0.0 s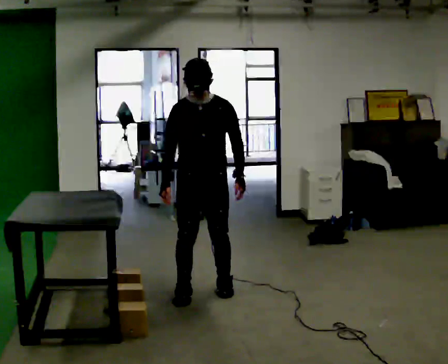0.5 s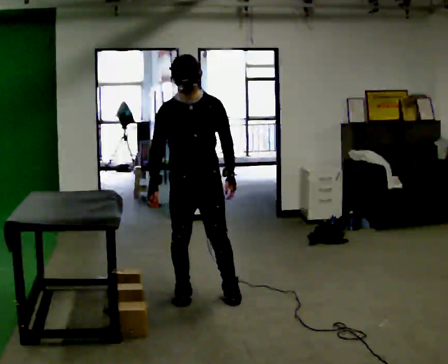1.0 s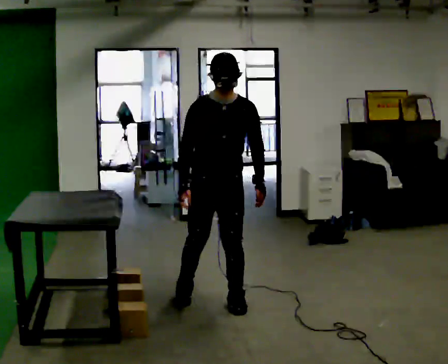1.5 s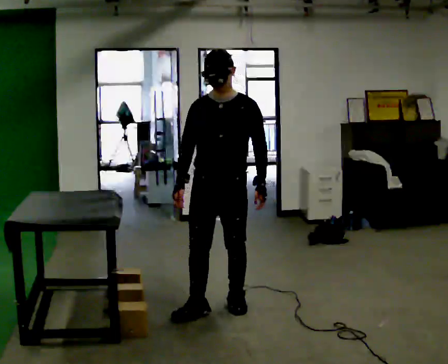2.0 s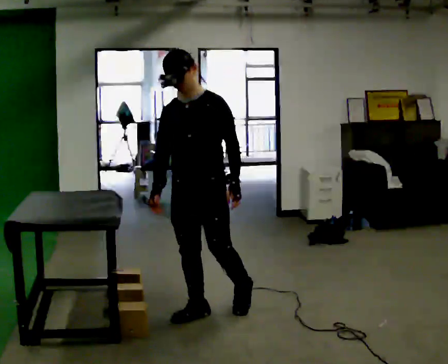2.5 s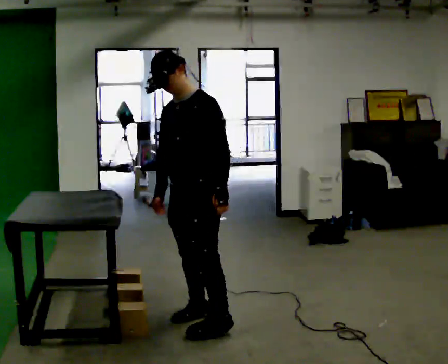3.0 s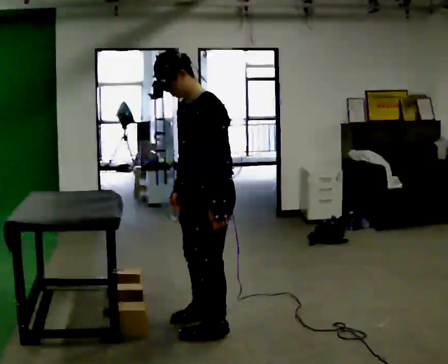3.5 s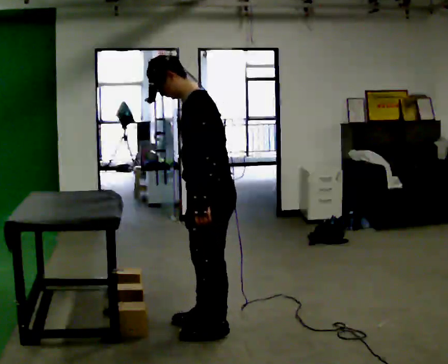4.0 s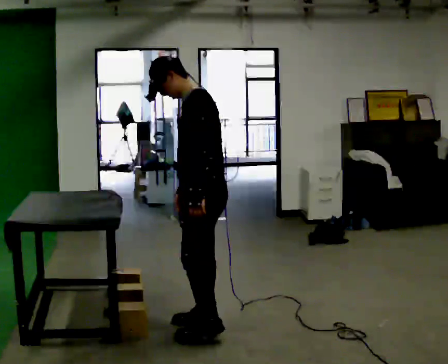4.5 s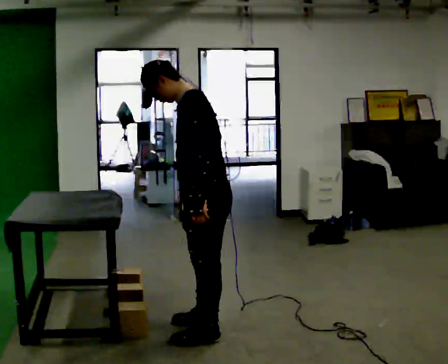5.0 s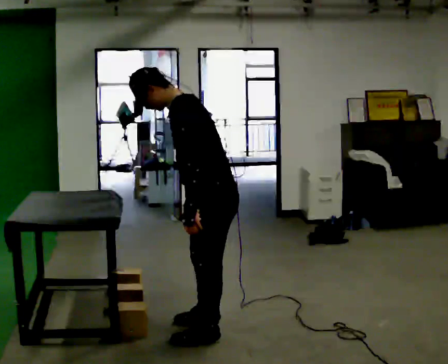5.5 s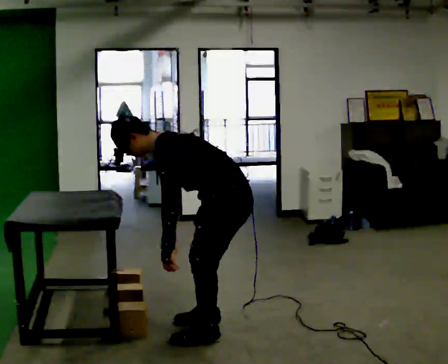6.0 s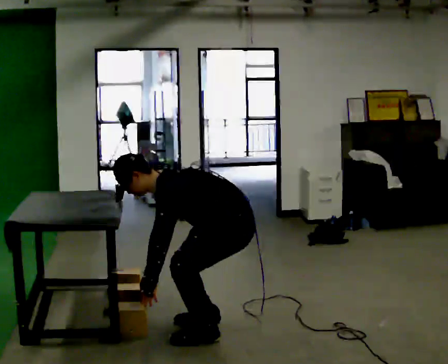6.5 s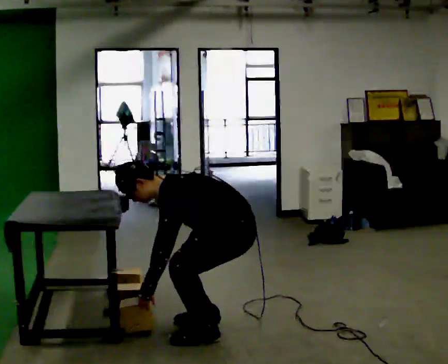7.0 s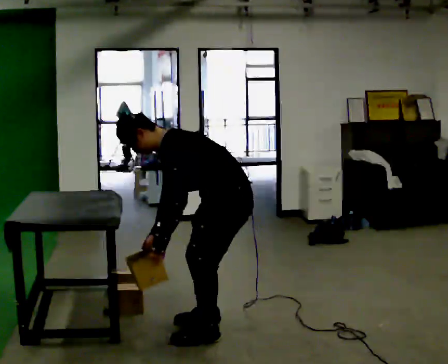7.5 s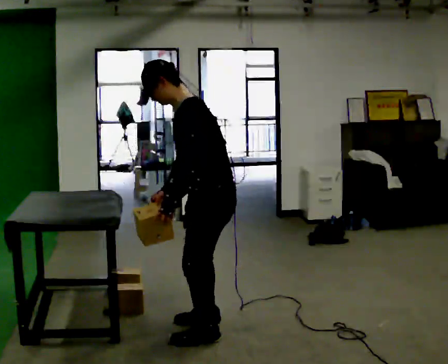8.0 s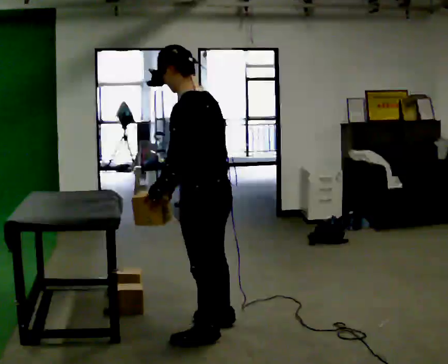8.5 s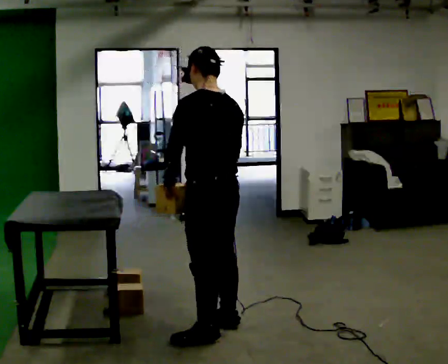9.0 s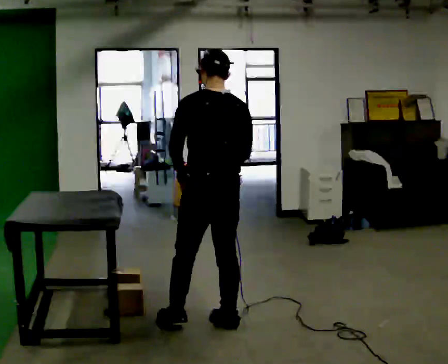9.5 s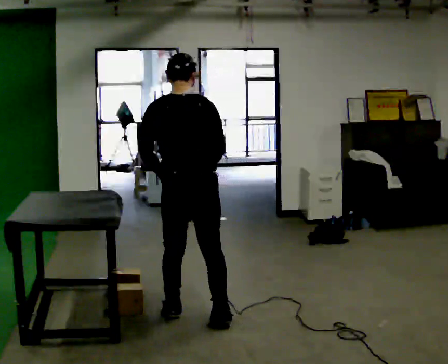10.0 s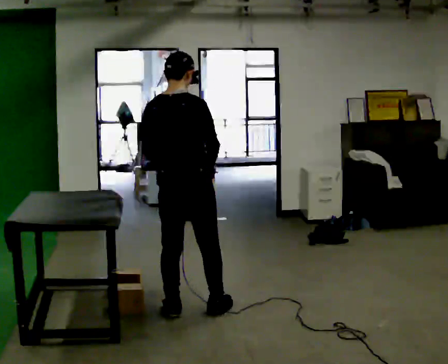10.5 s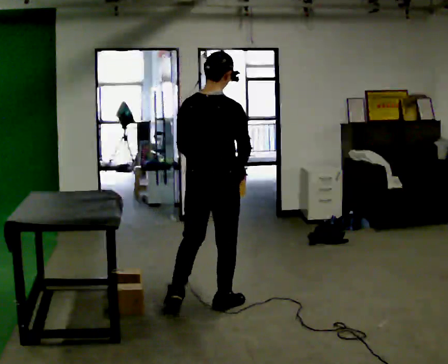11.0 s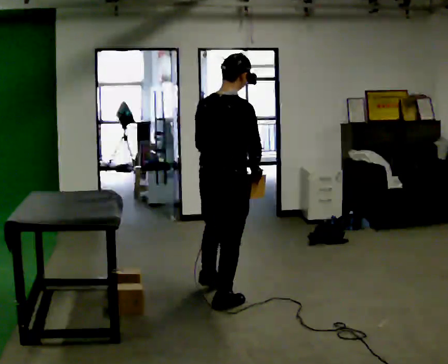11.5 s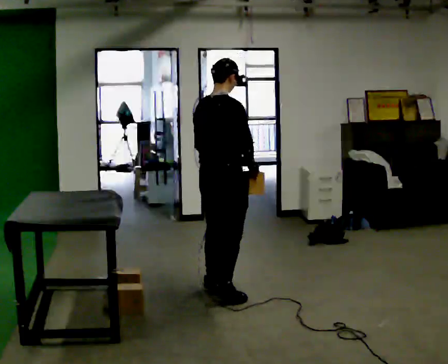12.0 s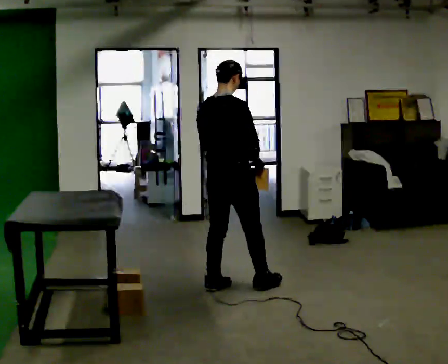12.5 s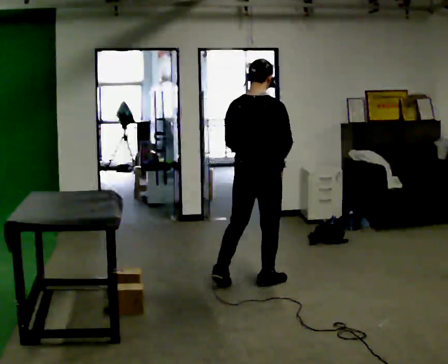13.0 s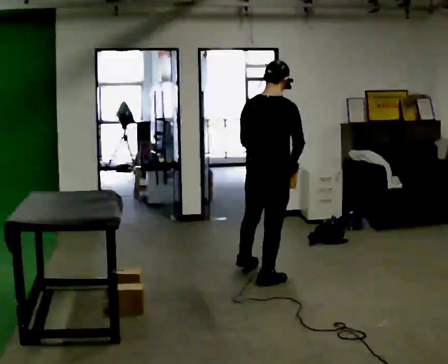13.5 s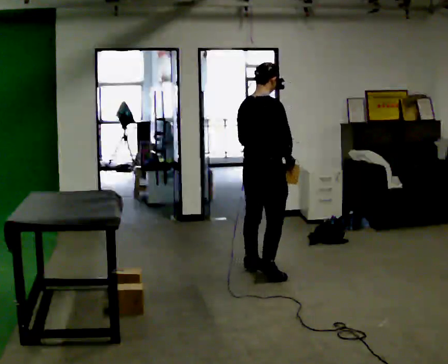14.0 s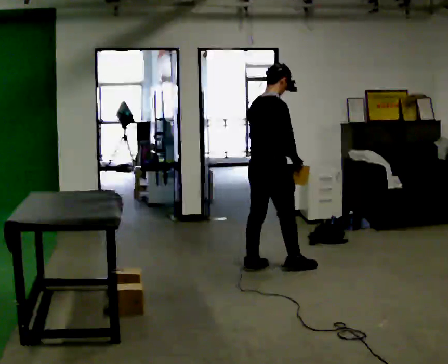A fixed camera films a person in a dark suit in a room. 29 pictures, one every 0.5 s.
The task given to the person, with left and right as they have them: Carry the object across the room and place it on the lowest shelf, crouching down to do it. Keep going until the operator says stop; one object at a time, and do not rush between trips.
0.0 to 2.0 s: In the picture they go toward the camera, about 0.5 m in 2 steps, which for them is forward.
2.0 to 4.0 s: The person turns about 60 degrees to their right, clockwise seen from above, so the part of the body nearest the lens slides to the left. In the picture they go toward the camera, about 0.25 m in 2 steps.
4.0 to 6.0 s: In the picture they go to the right, about 0.25 m, which for them is backward. The upper body goes downward. In the picture the upper body tilts counterclockwise, shoulders to the left, as they bend forward. In the picture their left hand goes downward.
6.0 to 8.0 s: The person turns about 30 degrees to their right, clockwise seen from above, so the part of the body nearest the lens slides to the left. In the picture they go toward the camera and to the left, about 0.25 m, which for them is forward and to their left. The shoulders move upward. In the picture the upper body tilts clockwise, shoulders to the right, as they lean back or straighten. In the picture their left hand goes upward.
8.0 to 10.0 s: The part of the body nearest the lens slides to the left as the person turns to their right by about 90 degrees. In the picture they go away from the camera, about 0.5 m in 1 step.
10.0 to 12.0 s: In the picture they go away from the camera and to the right, about 0.75 m in 2 steps, which for them is forward.
12.0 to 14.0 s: In the picture they go away from the camera and to the right, about 0.5 m in 2 steps, which for them is forward.
The film runs forward here.
